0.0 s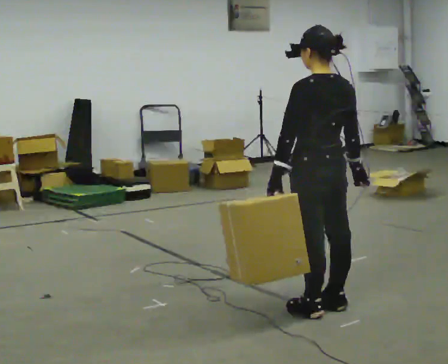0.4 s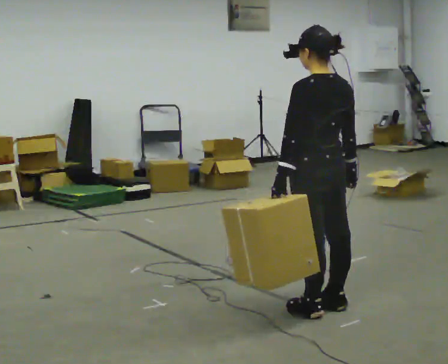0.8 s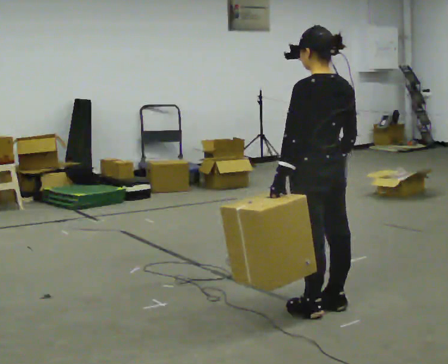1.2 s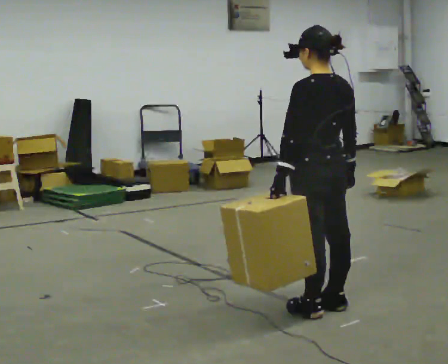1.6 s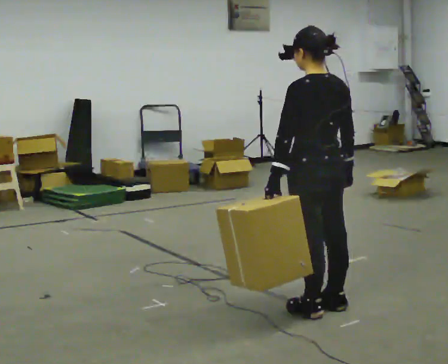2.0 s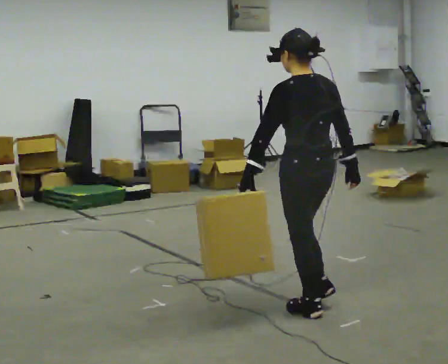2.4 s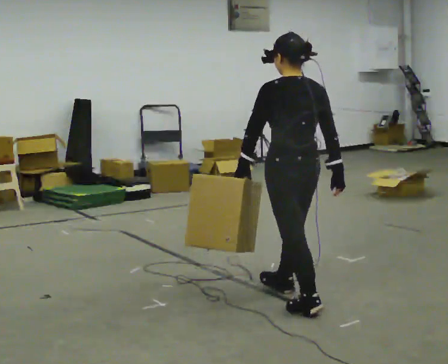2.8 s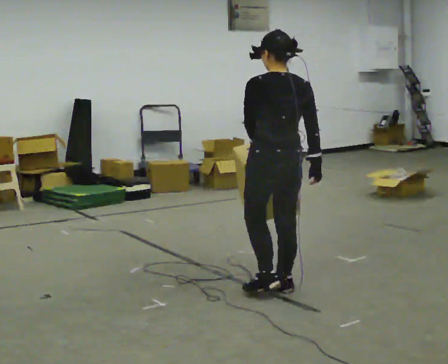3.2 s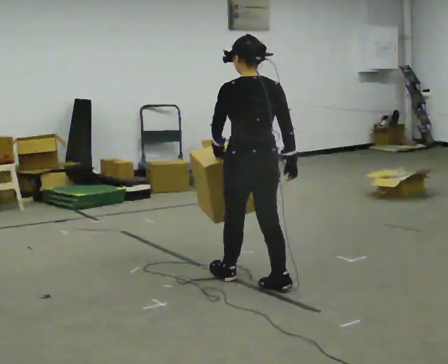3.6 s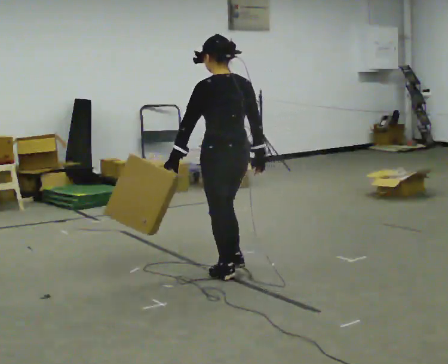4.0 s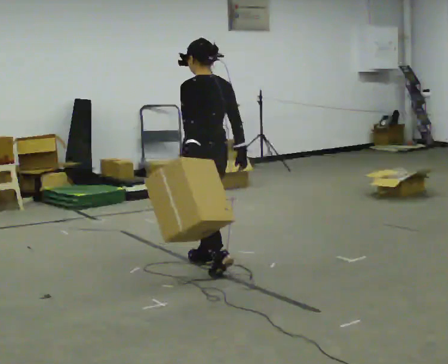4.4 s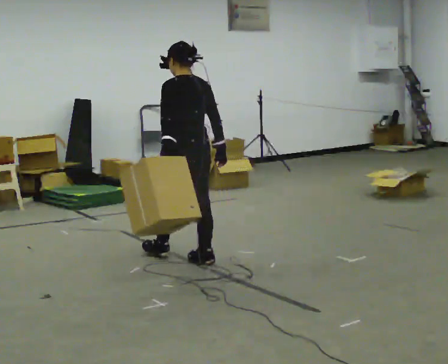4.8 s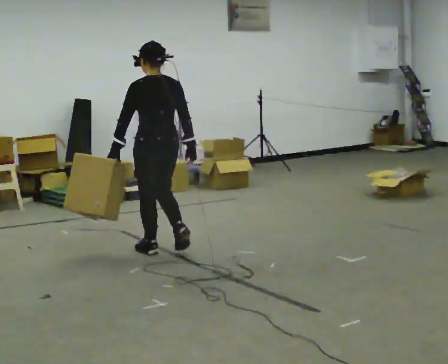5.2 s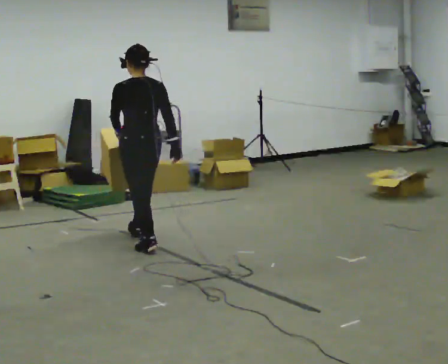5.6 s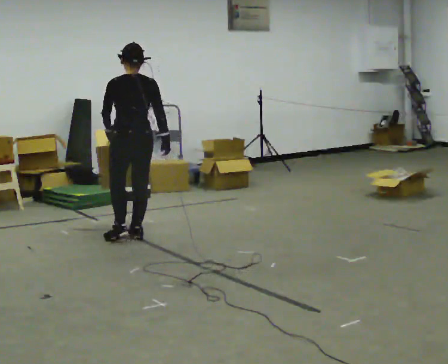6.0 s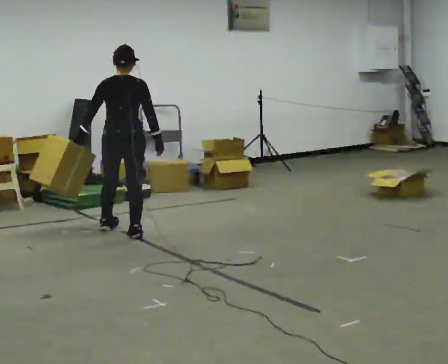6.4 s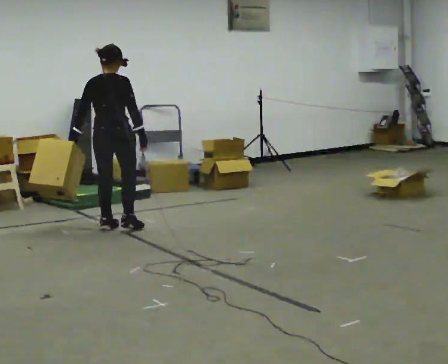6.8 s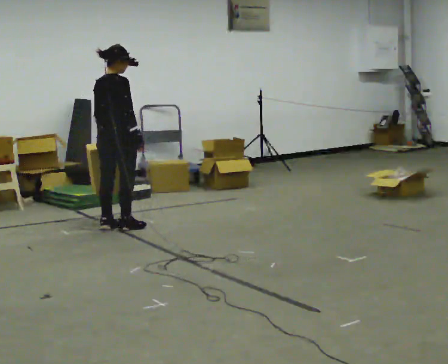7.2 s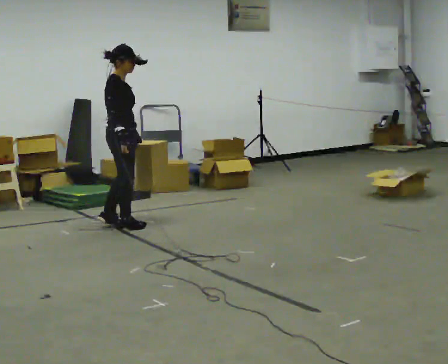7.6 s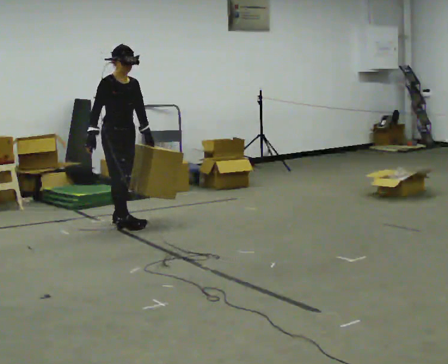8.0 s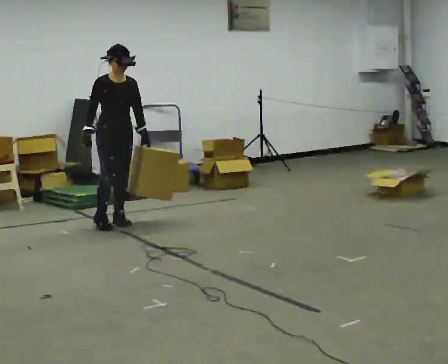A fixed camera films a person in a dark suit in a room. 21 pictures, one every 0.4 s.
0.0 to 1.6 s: The person moves a little, or ends about where they began.
1.6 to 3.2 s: In the picture they go away from the camera and to the left, about 0.5 m in 2 steps, which for them is forward.
3.2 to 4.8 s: In the picture they go away from the camera and to the left, about 1 m in 2 steps, which for them is forward.
4.8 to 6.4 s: The part of the body nearest the lens slides to the left as the person turns to their right by about 45 degrees. In the picture they go away from the camera and to the left, about 1 m in 2 steps, which for them is forward.
6.4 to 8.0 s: The person turns about 135 degrees to their right, clockwise seen from above, so the part of the body nearest the lens slides to the left. In the picture they go away from the camera, about 0.25 m in 2 steps. In the picture their right hand goes to the left, the arm swinging clockwise.
The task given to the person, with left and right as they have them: Carry the object in the hand the operator calls, down at your side, walking back and forth across the room.
The film runs forward here.
